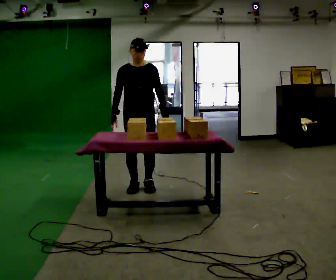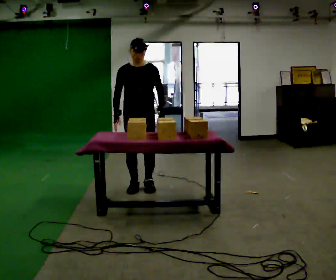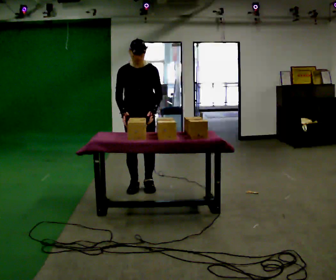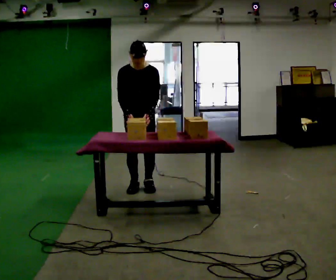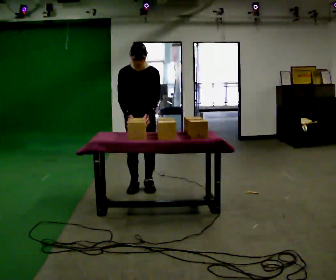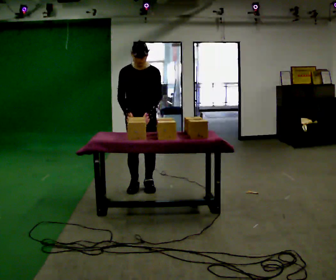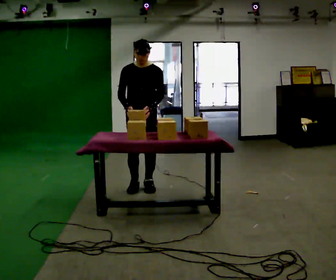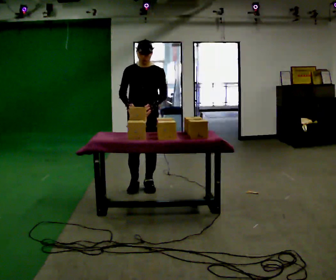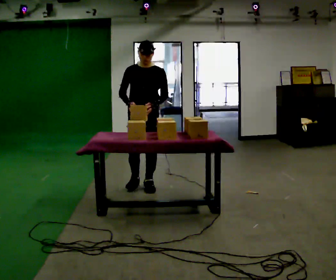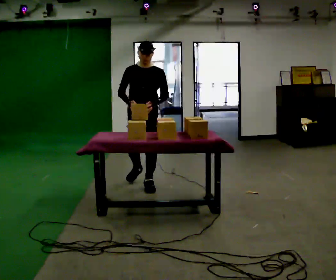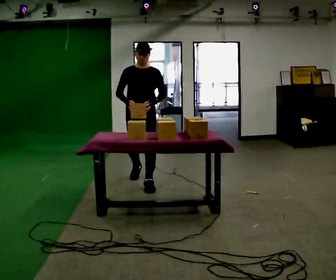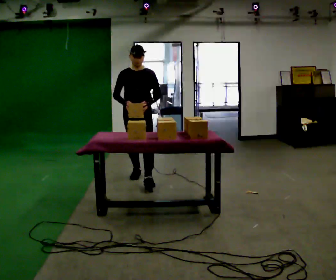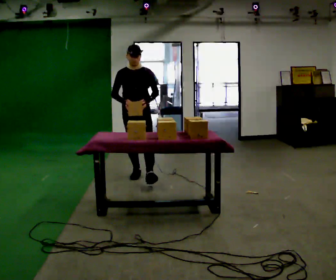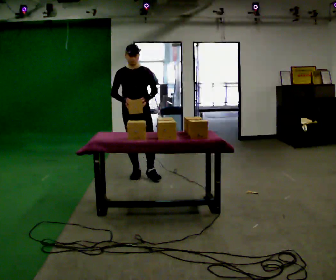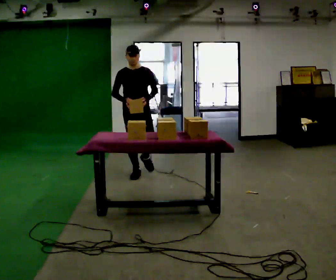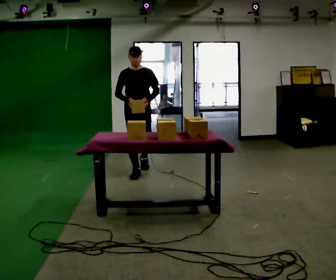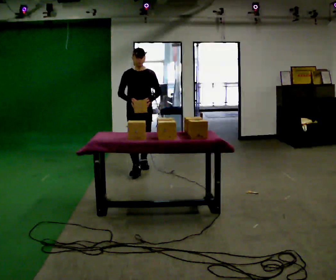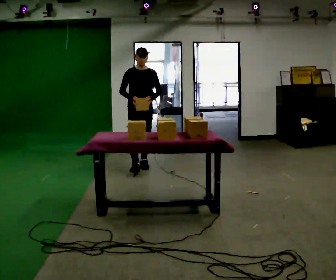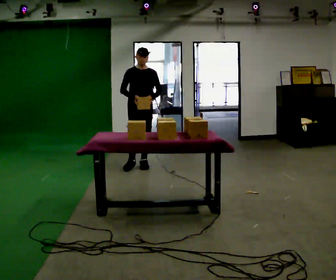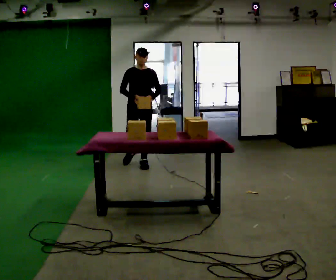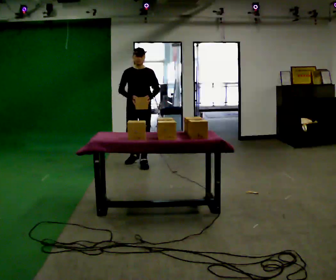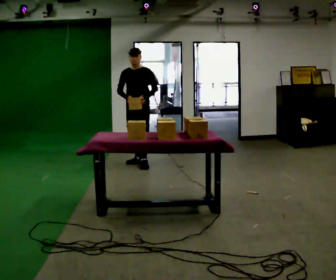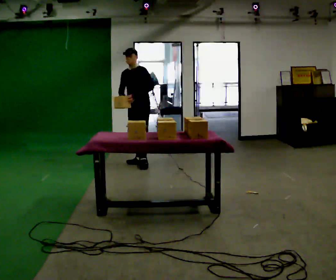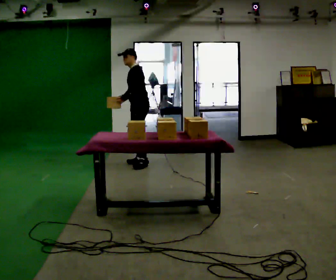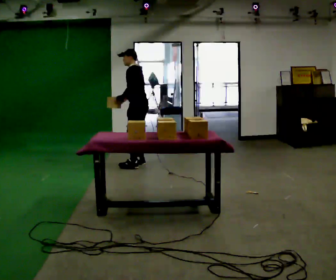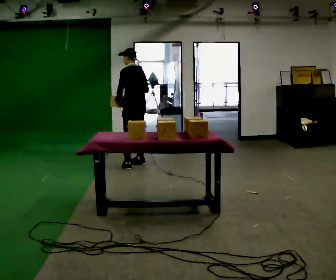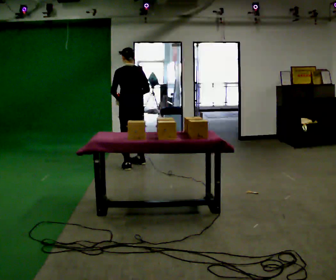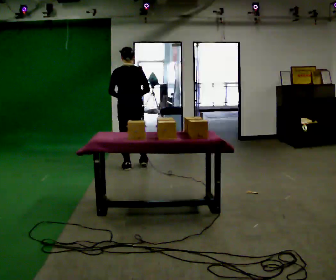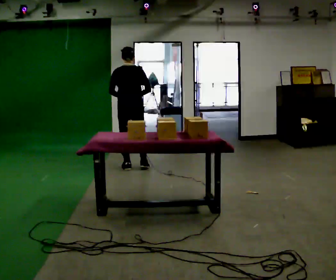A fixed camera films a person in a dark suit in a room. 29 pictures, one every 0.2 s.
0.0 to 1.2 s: The person moves a little, or ends about where they began.
1.2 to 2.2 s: In the picture they go away from the camera, about 0.25 m in 1 step, which for them is backward.
2.2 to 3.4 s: In the picture they go away from the camera, about 0.75 m in 2 steps, which for them is backward.
3.4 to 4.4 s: The part of the body nearest the lens slides to the left as the person turns to their right by about 45 degrees. In the picture they go away from the camera, about 0.25 m, which for them is backward.
4.4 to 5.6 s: The part of the body nearest the lens slides to the left as the person turns to their right by about 150 degrees. In the picture they go toward the camera, about 0.25 m in 2 steps.
The film runs backward here.
